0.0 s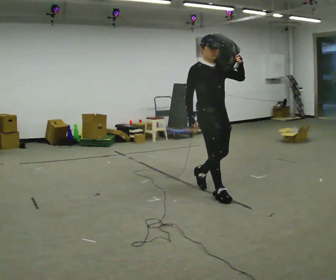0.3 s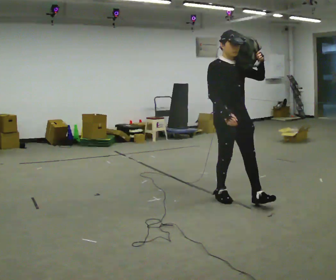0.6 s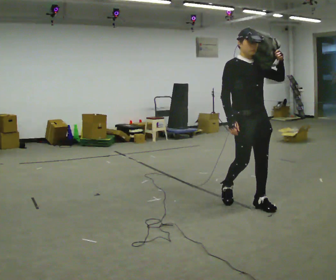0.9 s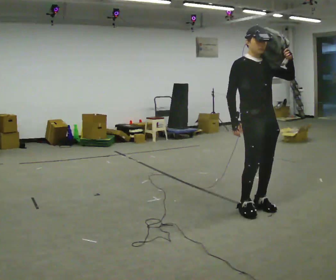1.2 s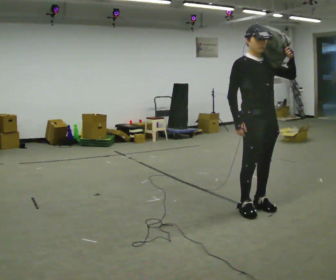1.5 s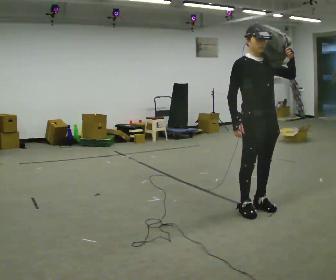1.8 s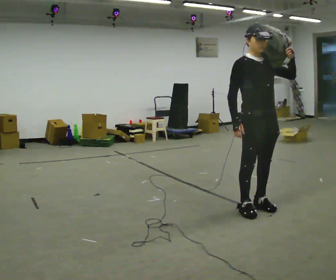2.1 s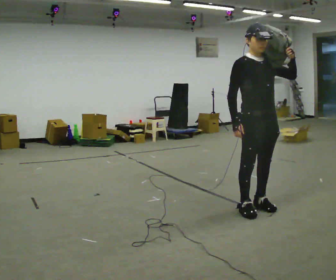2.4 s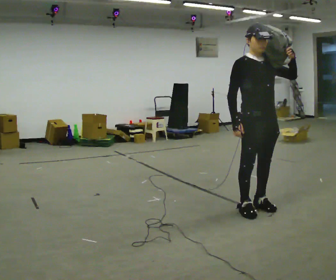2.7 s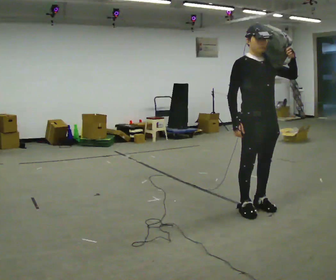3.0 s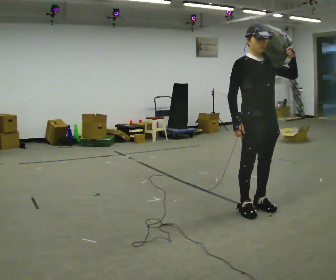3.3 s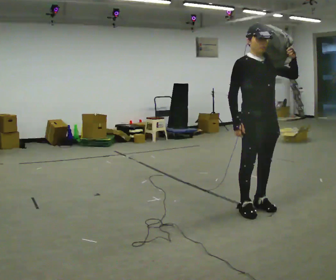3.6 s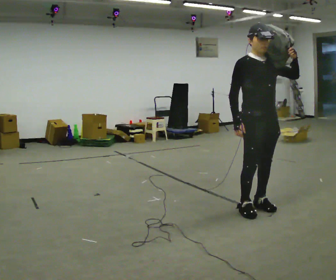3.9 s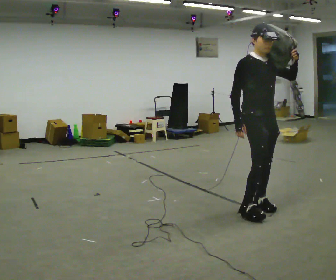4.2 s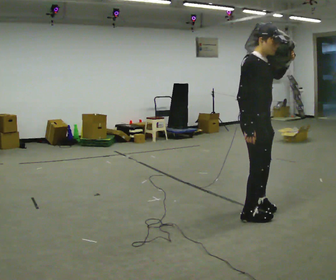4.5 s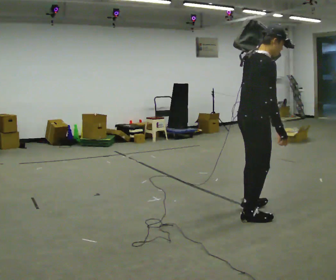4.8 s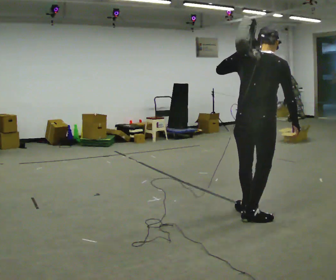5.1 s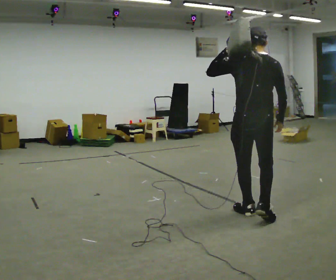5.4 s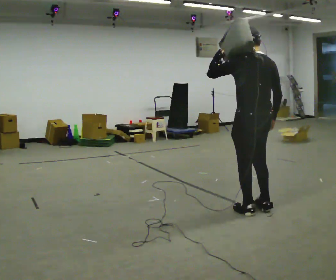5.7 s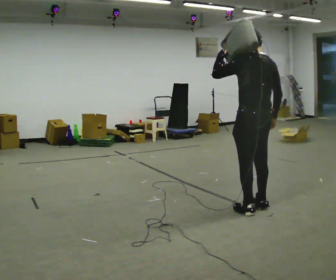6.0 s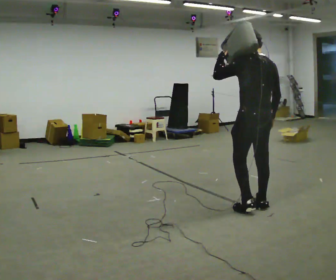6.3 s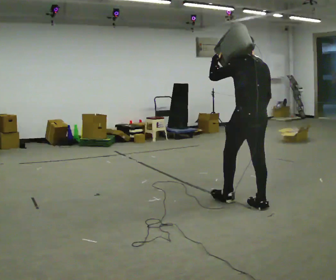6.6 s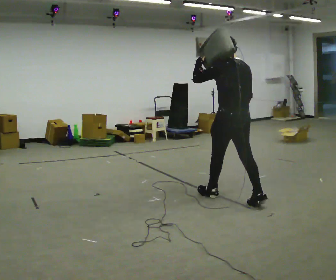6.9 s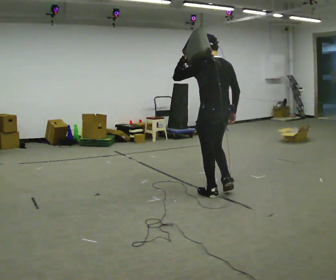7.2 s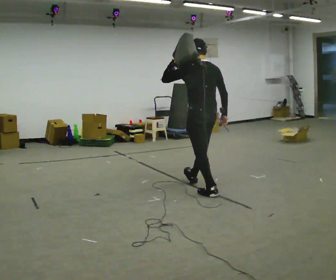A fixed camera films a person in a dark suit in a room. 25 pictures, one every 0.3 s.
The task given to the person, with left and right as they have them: Put the soft bag up onto your shoulder and carry it across the room, back and forth.
0.0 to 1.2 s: In the picture they go to the right and toward the camera, about 0.5 m in 2 steps, which for them is forward.
1.2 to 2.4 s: The person moves a little, or ends about where they began.
2.4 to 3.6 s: The person keeps their place and pose.
3.6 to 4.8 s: Seen from above the body turns counterclockwise, about 120 degrees: to their left, with its near side sliding to the right. In the picture they go toward the camera, about 0.25 m in 2 steps. In the picture their left hand goes to the left.
4.8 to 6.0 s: The person turns about 60 degrees to their left, counterclockwise seen from above, so the part of the body nearest the lens slides to the right. In the picture they go away from the camera, about 0.25 m in 1 step, which for them is forward and to their right.
6.0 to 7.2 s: In the picture they go to the left and away from the camera, about 1 m in 2 steps, which for them is forward.
The film runs forward here.
